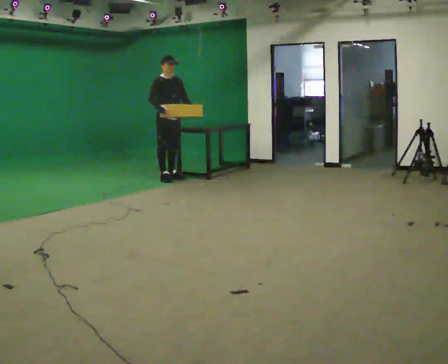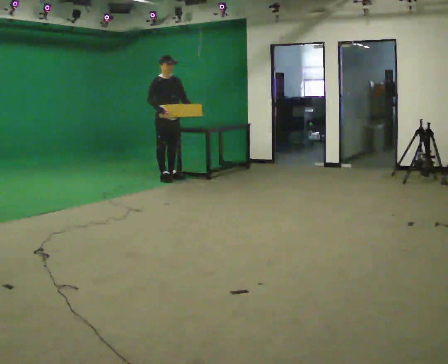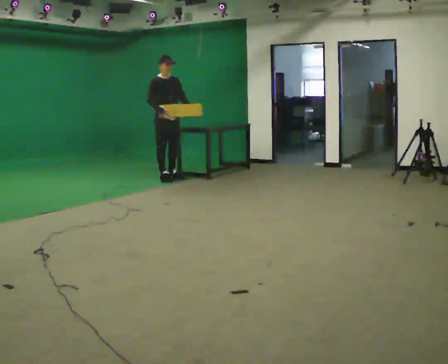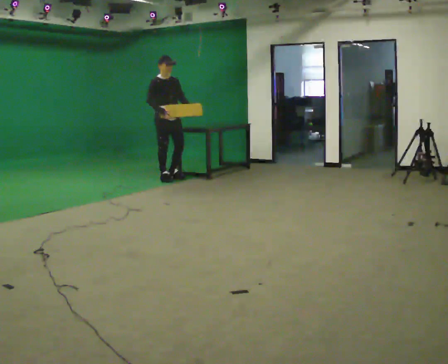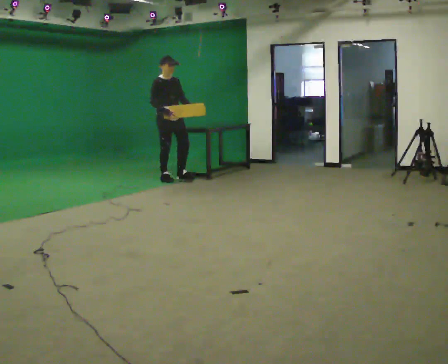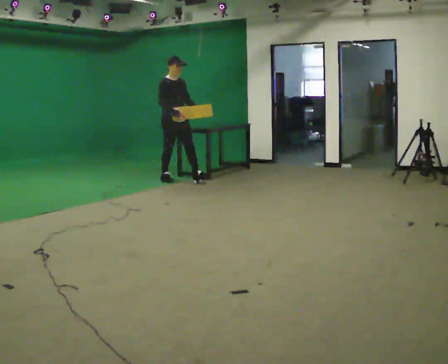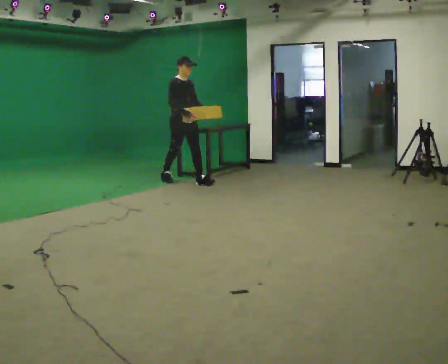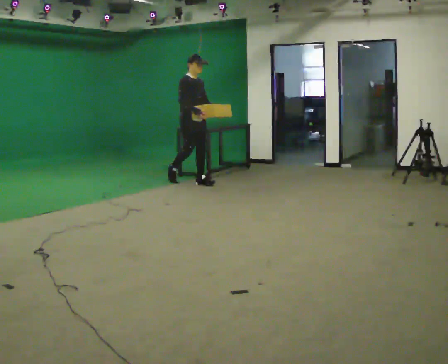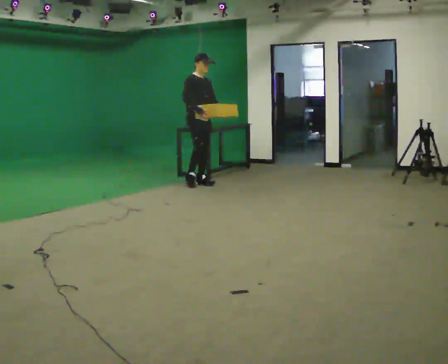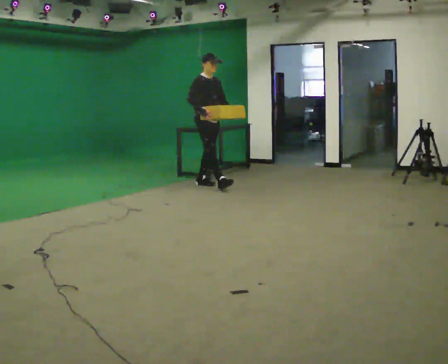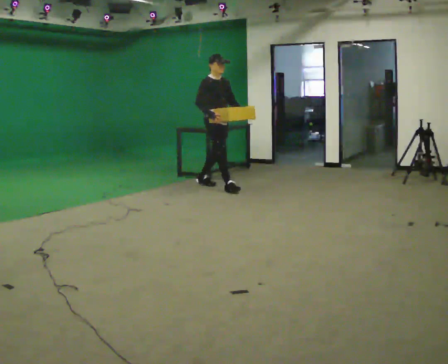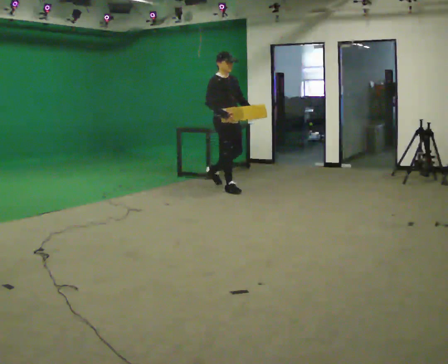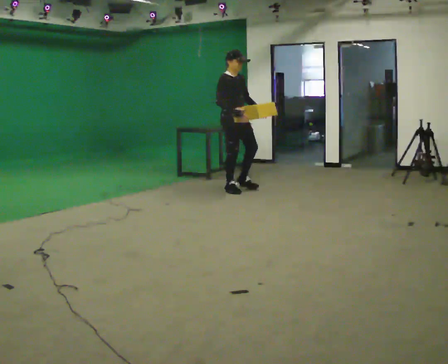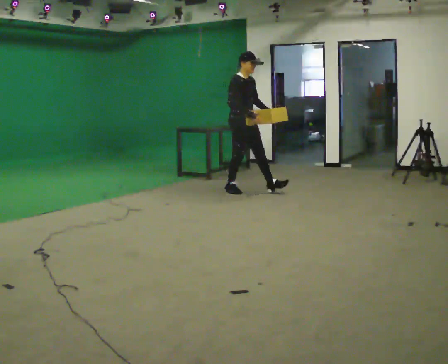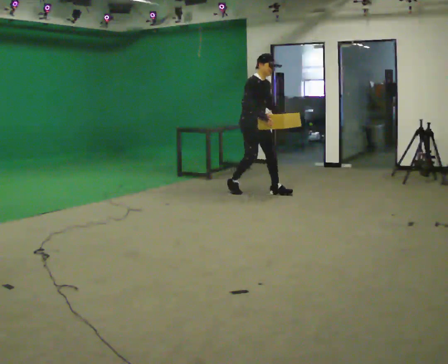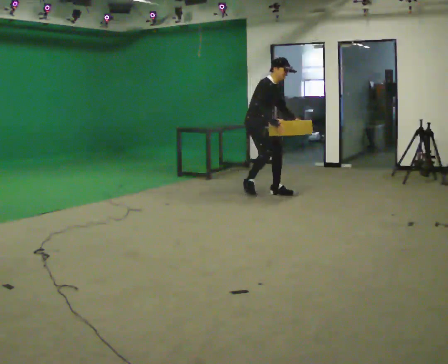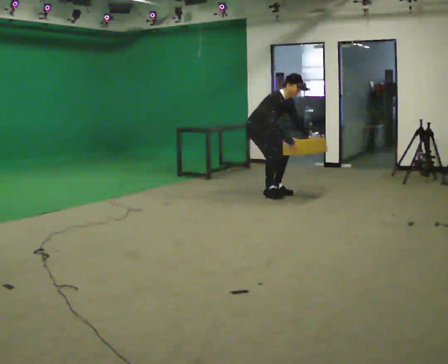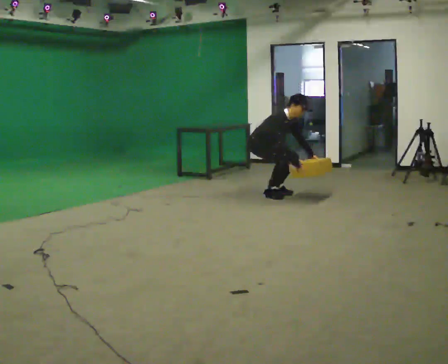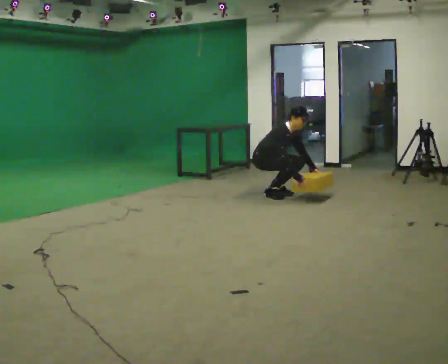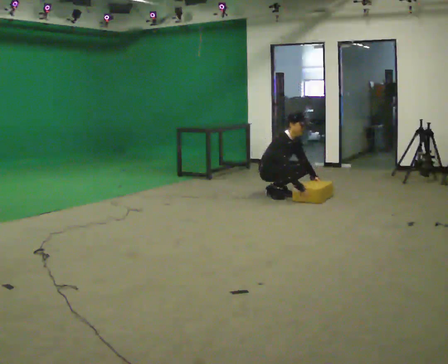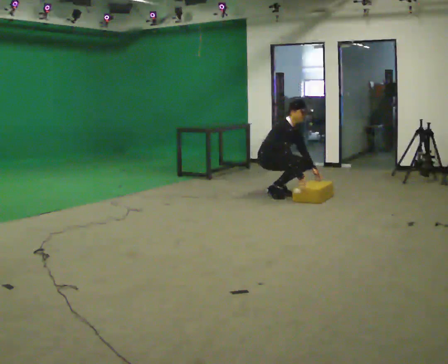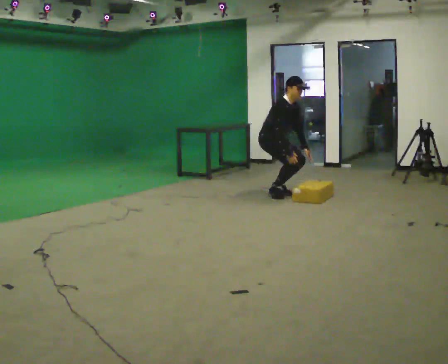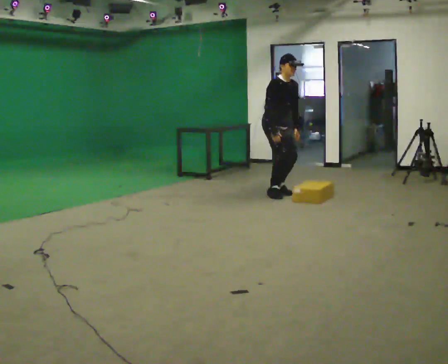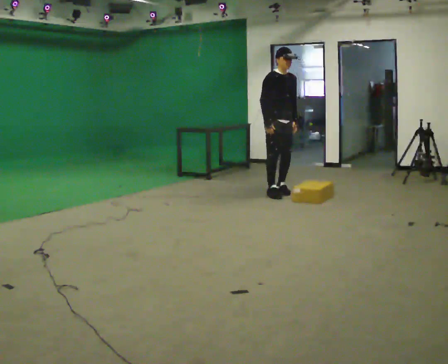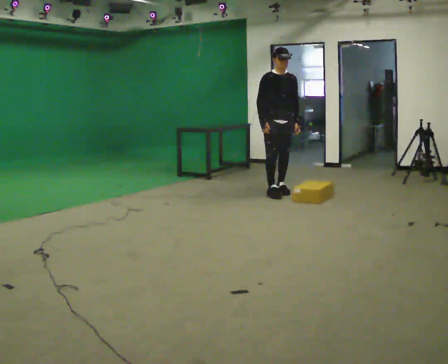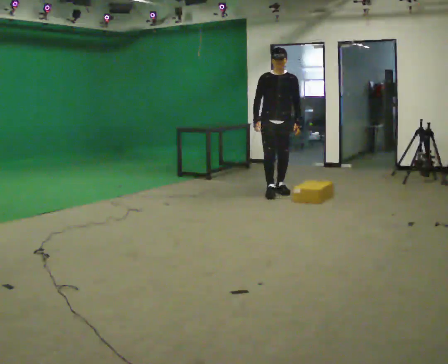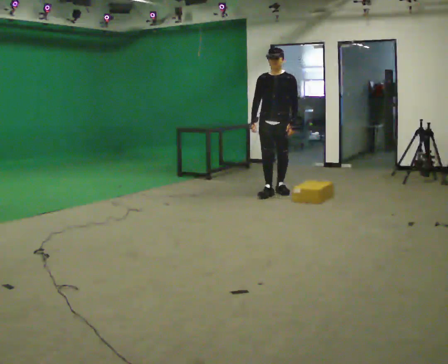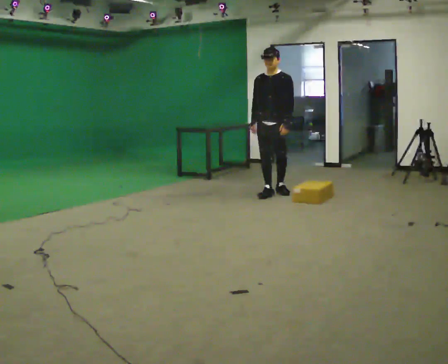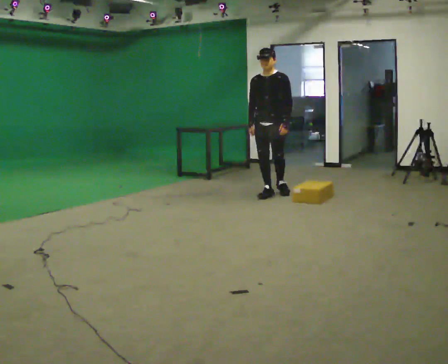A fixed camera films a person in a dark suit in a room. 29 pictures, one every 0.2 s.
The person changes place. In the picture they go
to the right.
0.0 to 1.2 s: In the picture they go to the right and toward the camera, about 0.25 m in 1 step, which for them is forward.
1.2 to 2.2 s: In the picture they go to the right and toward the camera, about 1 m in 1 step, which for them is forward.
2.2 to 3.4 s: In the picture they go to the right and toward the camera, about 0.5 m in 2 steps, which for them is forward. The shoulders move downward. In the picture the upper body tilts clockwise, shoulders to the right, as they bend forward. In the picture their left hand goes downward.
3.4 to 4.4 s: In the picture they go to the right, about 0.25 m, which for them is forward. In the picture the upper body tilts counterclockwise, shoulders to the left, as they lean back or straighten. In the picture their right hand goes upward.
4.4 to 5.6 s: Seen from above the body turns clockwise, about 60 degrees: to their right, with its near side sliding to the left. In the picture the upper body tilts counterclockwise, shoulders to the left, as they lean back or straighten.
The film runs forward here.
